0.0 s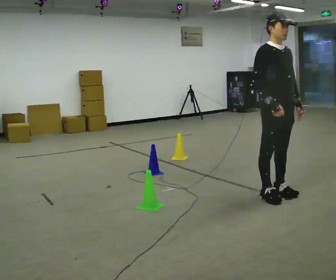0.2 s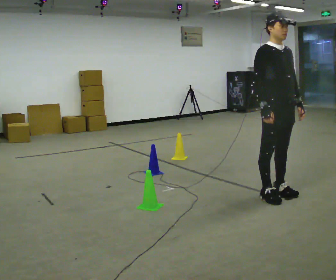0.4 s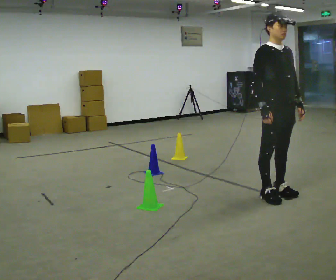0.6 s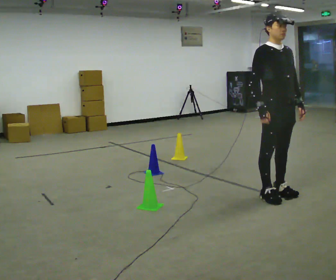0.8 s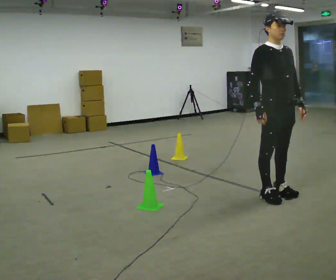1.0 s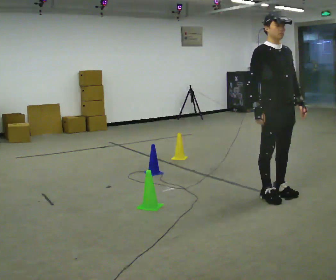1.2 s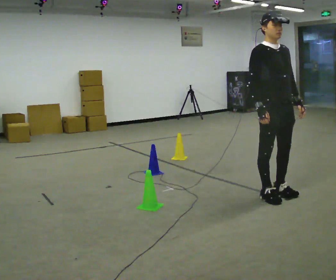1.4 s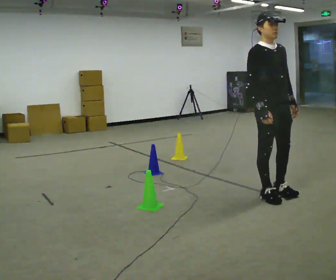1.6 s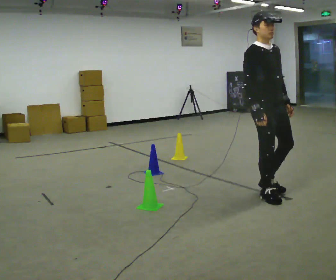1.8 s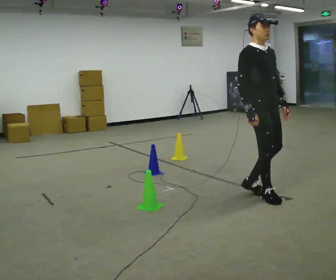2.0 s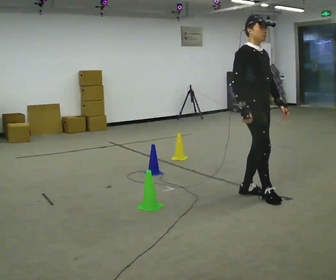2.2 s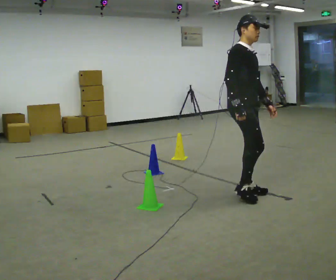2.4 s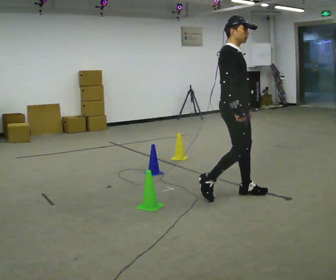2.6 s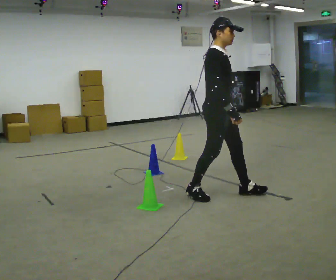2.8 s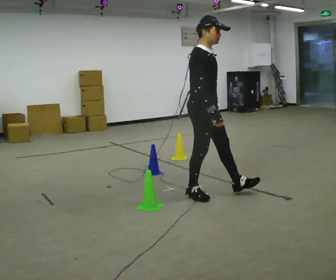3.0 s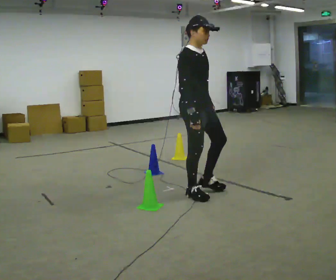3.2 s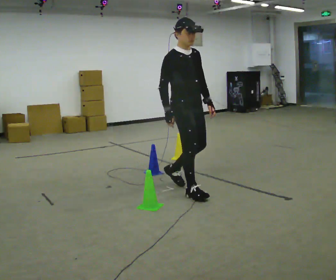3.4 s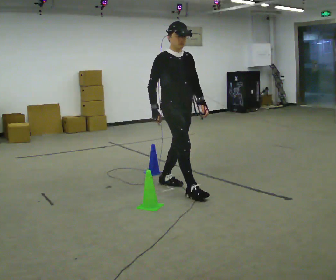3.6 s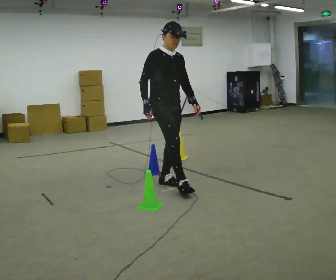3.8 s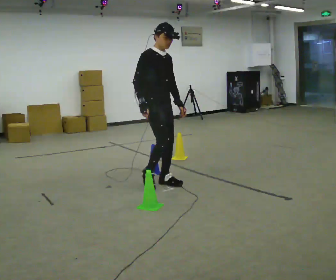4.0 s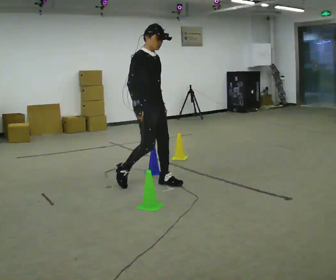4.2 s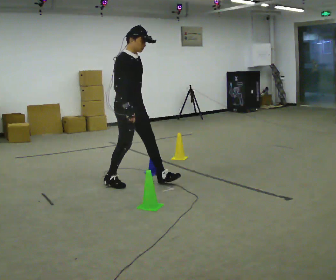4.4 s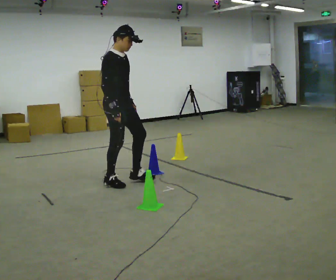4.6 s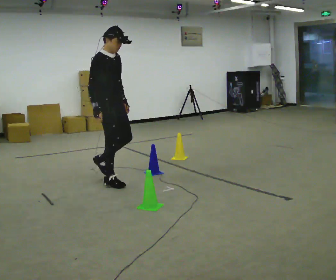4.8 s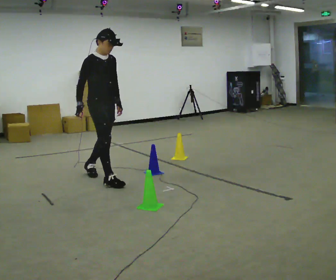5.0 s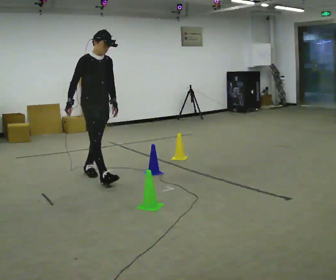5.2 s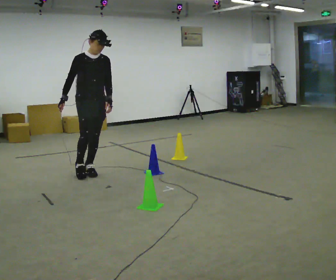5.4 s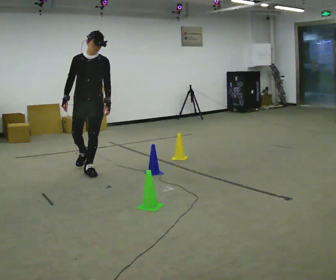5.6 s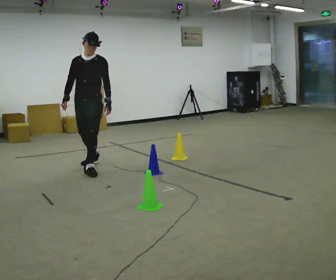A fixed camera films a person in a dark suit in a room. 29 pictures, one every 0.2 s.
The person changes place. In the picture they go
to the left.
0.0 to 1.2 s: The person moves a little, or ends about where they began.
1.2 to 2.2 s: Seen from above the body turns counterclockwise, about 30 degrees: to their left, with its near side sliding to the right. In the picture they go to the left, about 0.25 m in 2 steps, which for them is backward and to their right.
2.2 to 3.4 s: In the picture they go to the left, about 0.75 m in 1 step, which for them is backward.
3.4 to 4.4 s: In the picture they go to the left, about 0.75 m in 2 steps, which for them is backward.
4.4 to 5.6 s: The person turns about 75 degrees to their right, clockwise seen from above, so the part of the body nearest the lens slides to the left. In the picture they go away from the camera and to the left, about 1 m in 1 step.
The film runs backward here.
